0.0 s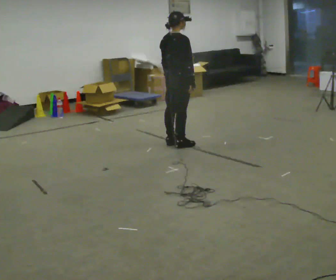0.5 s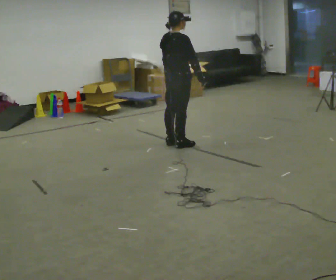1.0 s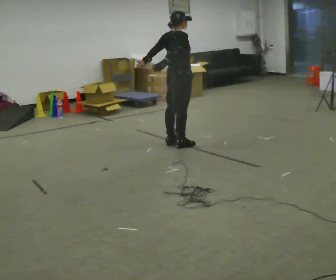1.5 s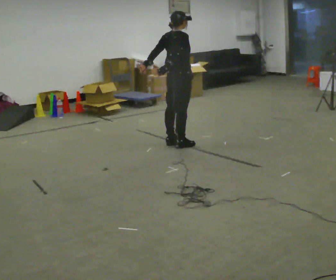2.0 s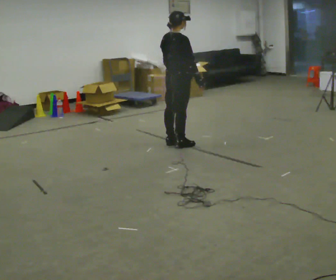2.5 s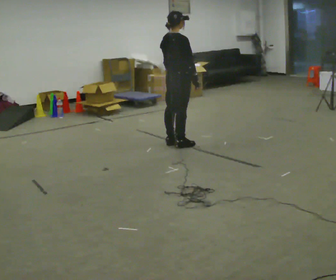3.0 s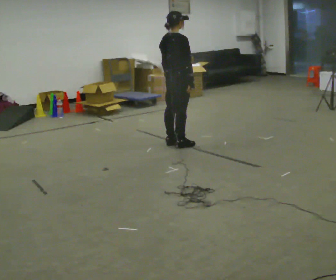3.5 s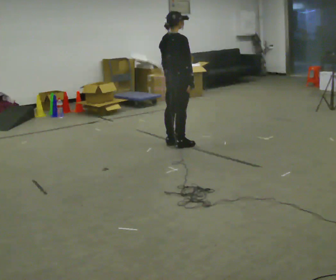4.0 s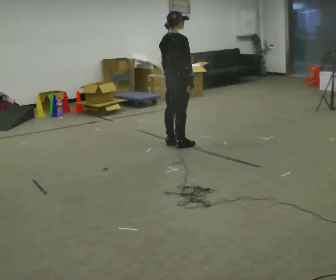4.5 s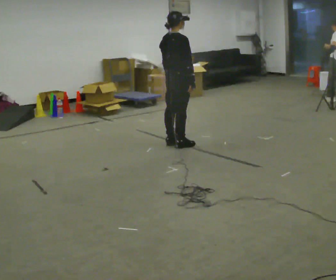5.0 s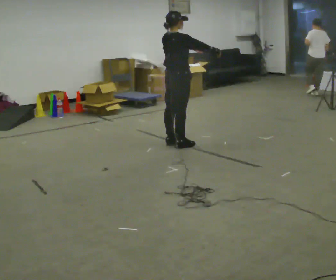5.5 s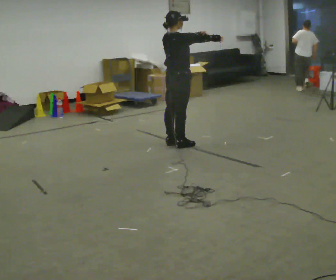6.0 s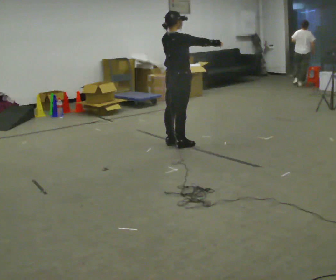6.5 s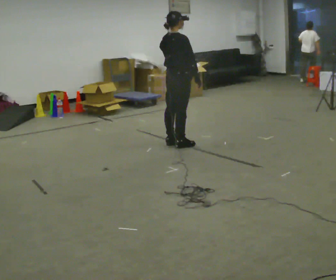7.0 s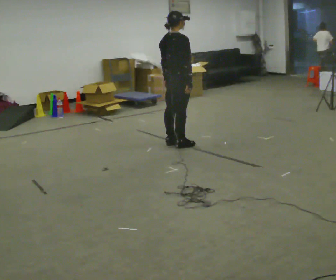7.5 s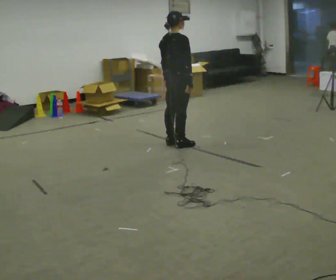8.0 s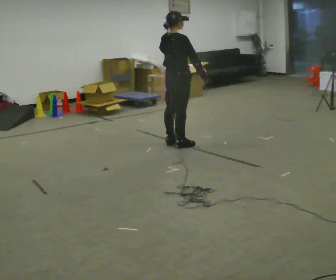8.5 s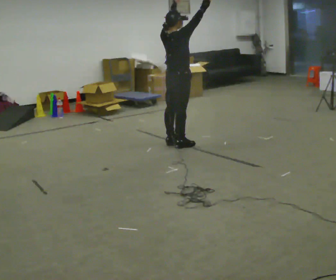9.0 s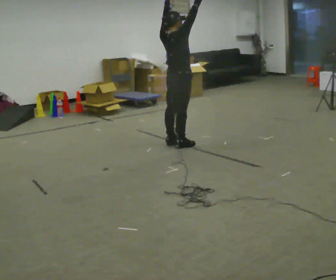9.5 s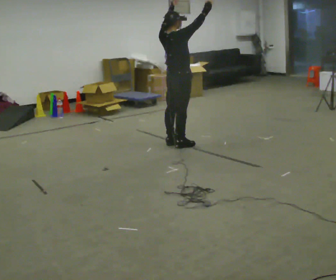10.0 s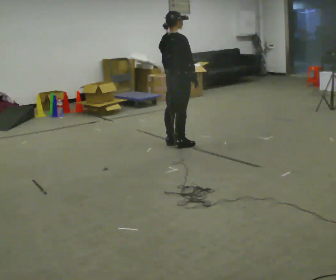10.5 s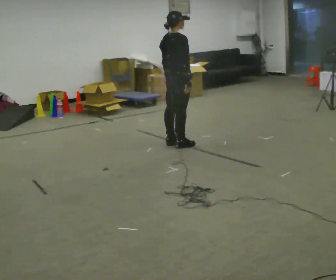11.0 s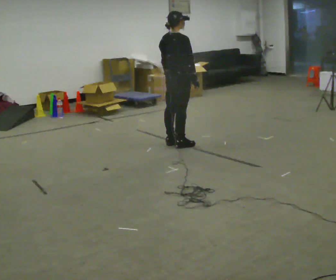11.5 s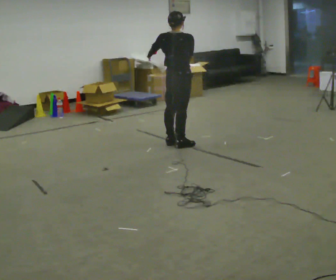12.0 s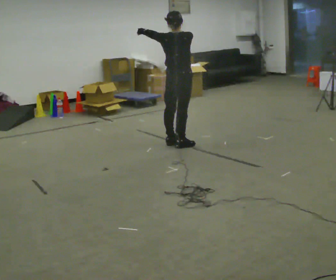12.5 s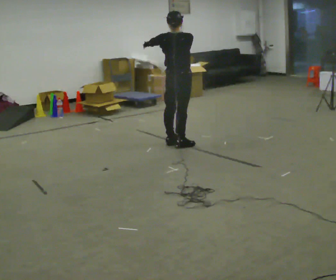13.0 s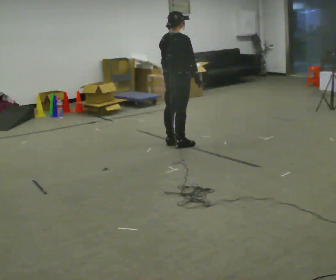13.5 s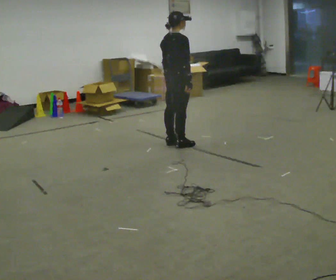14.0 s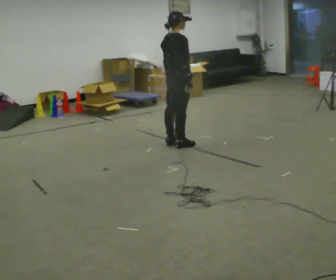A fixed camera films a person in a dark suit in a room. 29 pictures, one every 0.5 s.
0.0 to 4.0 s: The person moves a little, or ends about where they began.
4.0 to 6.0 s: In the picture their right hand goes upward and to the right, the arm swinging counterclockwise.
6.0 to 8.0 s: In the picture their left hand goes downward, the arm swinging clockwise.
8.0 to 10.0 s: The person moves a little, or ends about where they began.
10.0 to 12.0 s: In the picture their right hand goes upward.
12.0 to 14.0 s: The person turns about 30 degrees to their right, clockwise seen from above, so the part of the body nearest the lens slides to the left. In the picture their right hand goes downward.
The film runs forward here.
